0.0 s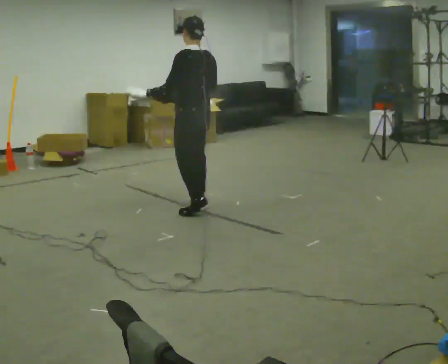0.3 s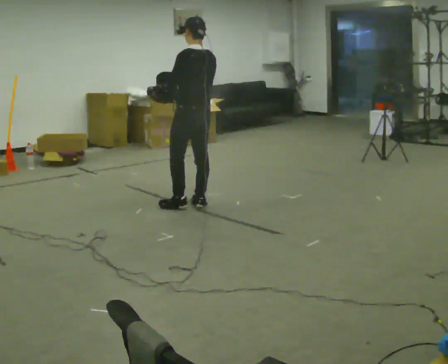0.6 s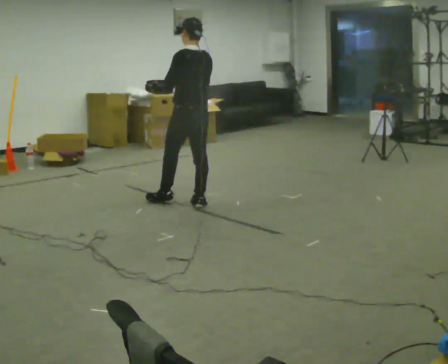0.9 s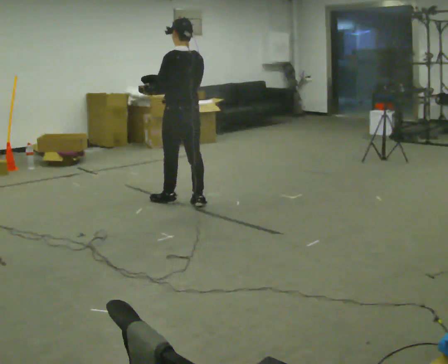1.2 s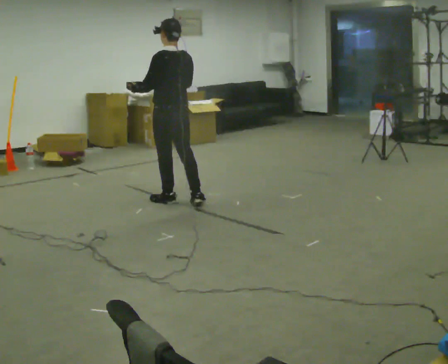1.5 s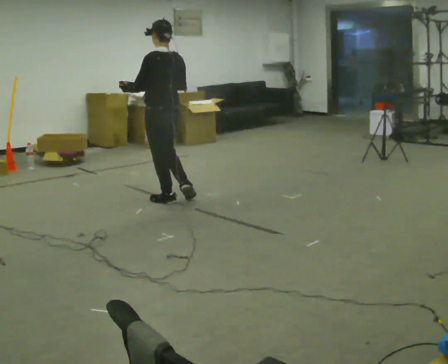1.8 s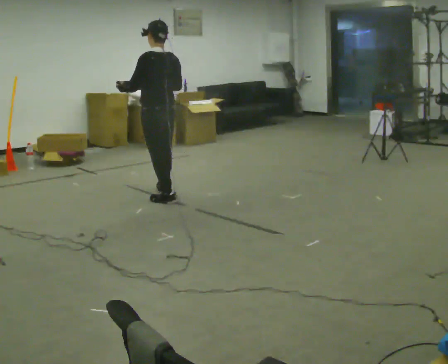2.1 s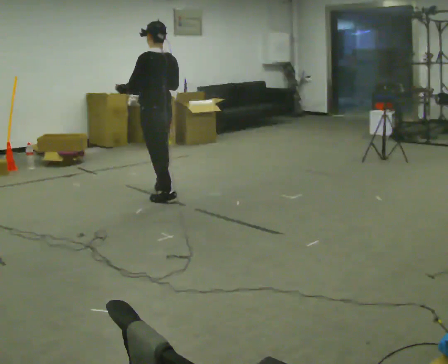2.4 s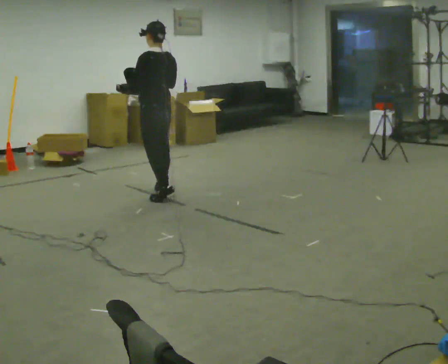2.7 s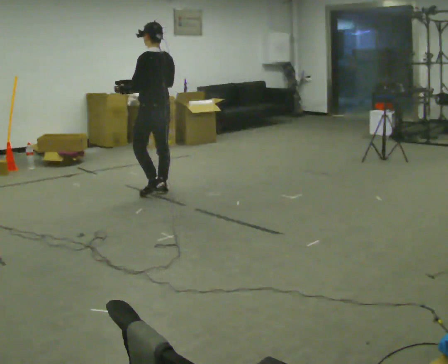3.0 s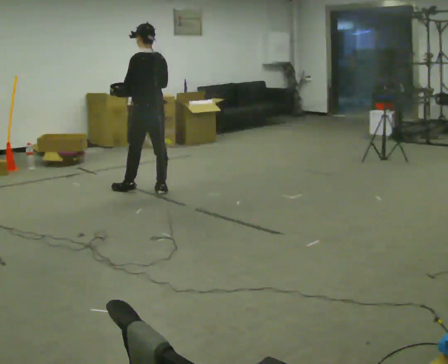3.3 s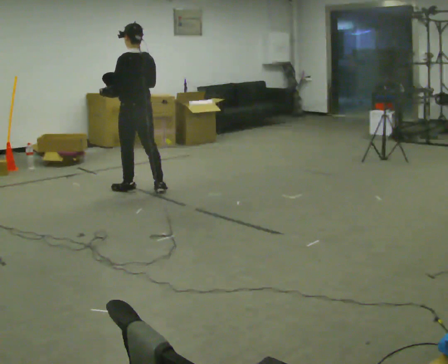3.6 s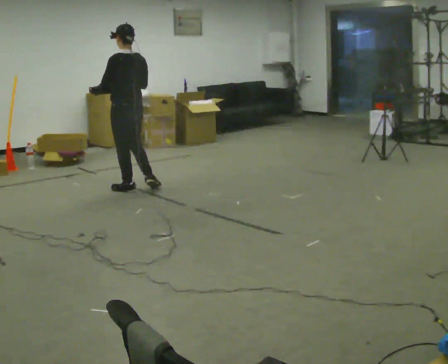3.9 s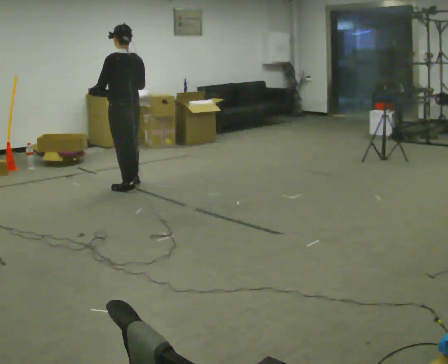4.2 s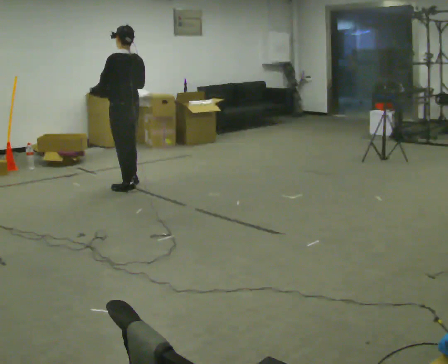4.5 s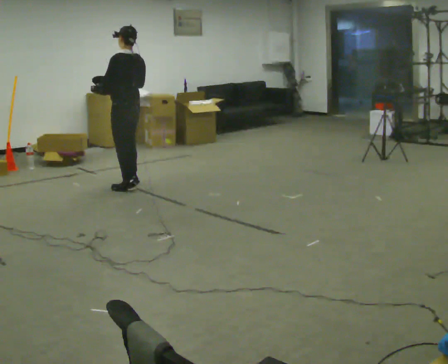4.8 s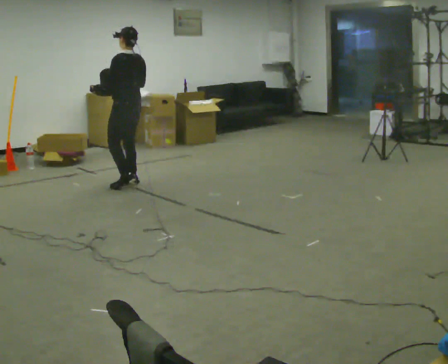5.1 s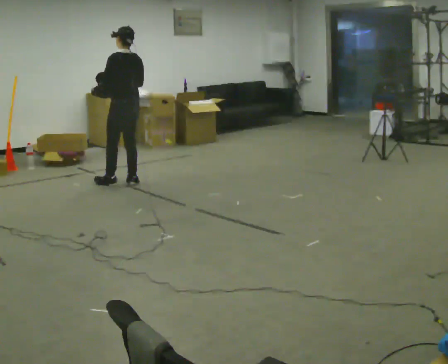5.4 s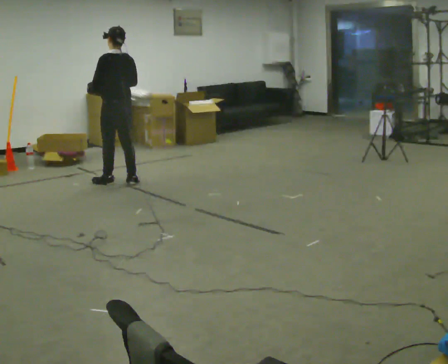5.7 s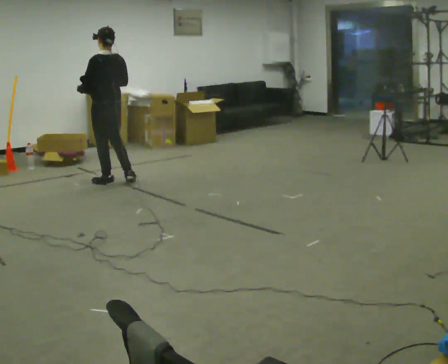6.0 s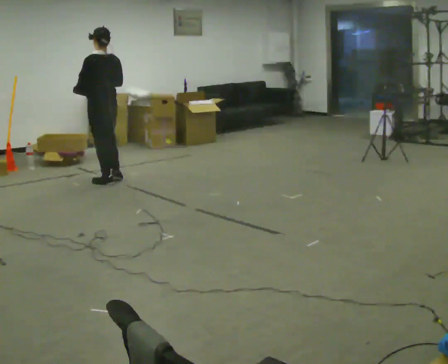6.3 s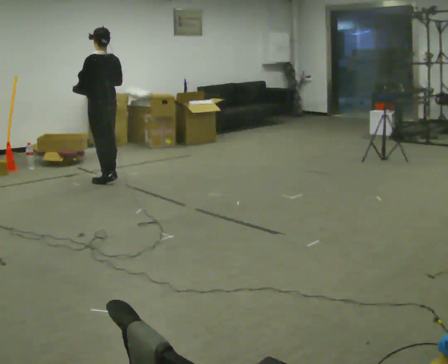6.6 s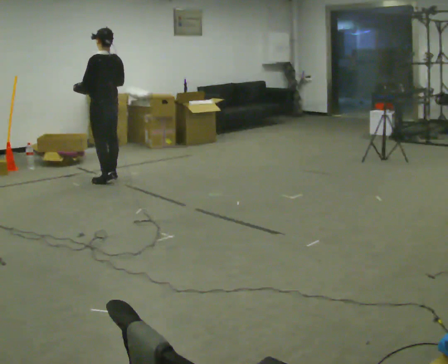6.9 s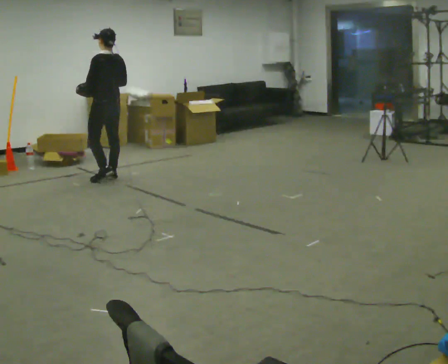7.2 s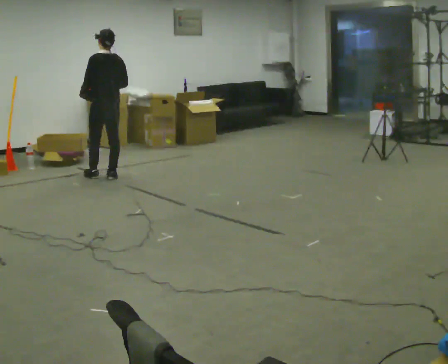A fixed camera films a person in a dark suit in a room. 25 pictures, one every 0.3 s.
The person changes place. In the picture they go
away from the camera.
0.0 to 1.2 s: In the picture they go away from the camera and to the left, about 0.25 m in 1 step, which for them is forward.
1.2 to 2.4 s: In the picture they go away from the camera, about 0.25 m in 1 step, which for them is forward.
2.4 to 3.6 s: In the picture they go to the left and away from the camera, about 0.25 m in 1 step, which for them is forward.
3.6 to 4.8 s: In the picture they go away from the camera, about 0.25 m in 1 step, which for them is forward and to their right.
4.8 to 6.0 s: In the picture they go to the left, about 0.25 m in 1 step, which for them is forward and to their left.
6.0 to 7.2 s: In the picture they go away from the camera, about 0.25 m in 1 step, which for them is to their right and forward.
The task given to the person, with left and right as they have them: Carry the lidded box and, while you are still walking, open the lid, then close it again. Repeat as you walk back and forth. Do not stop to do it.
The film runs forward here.
